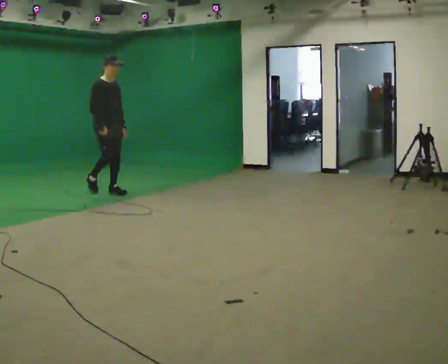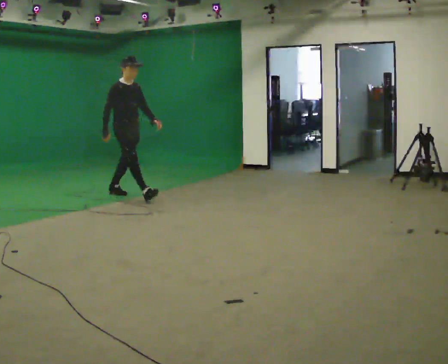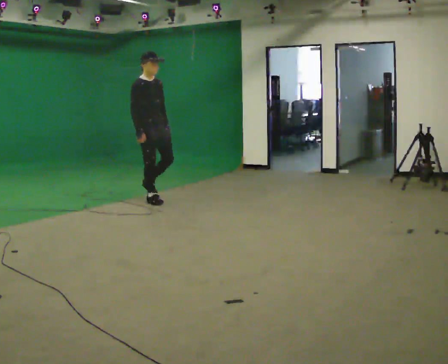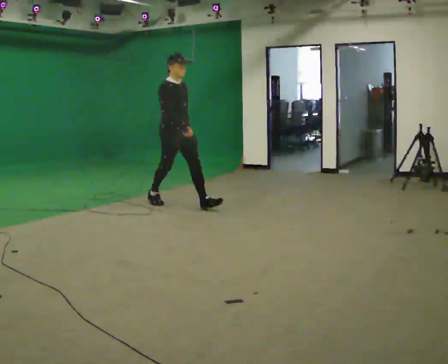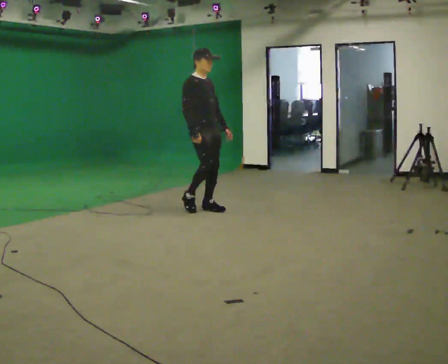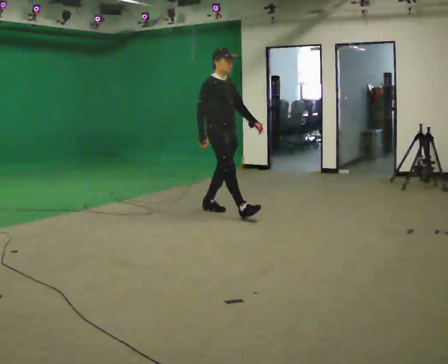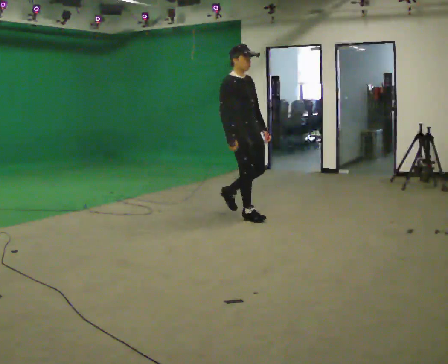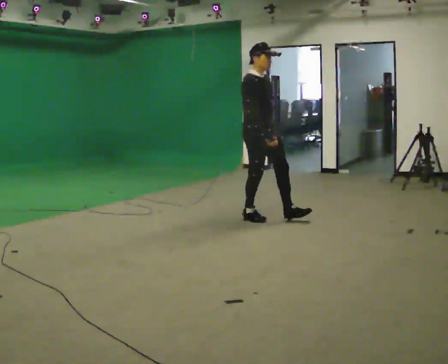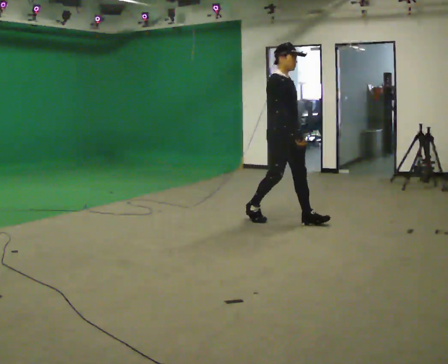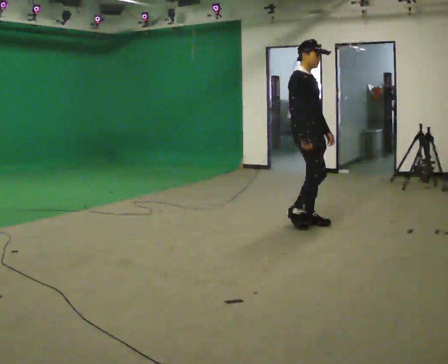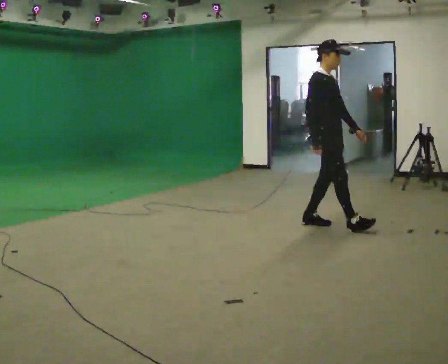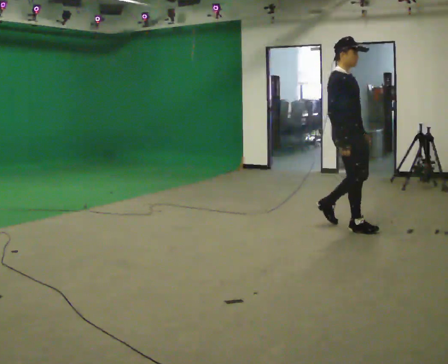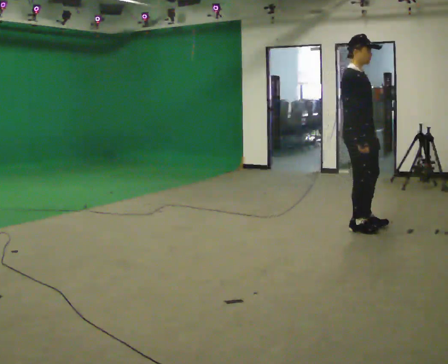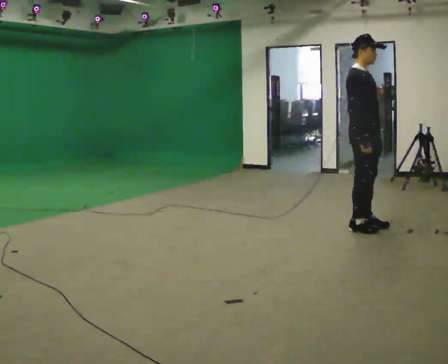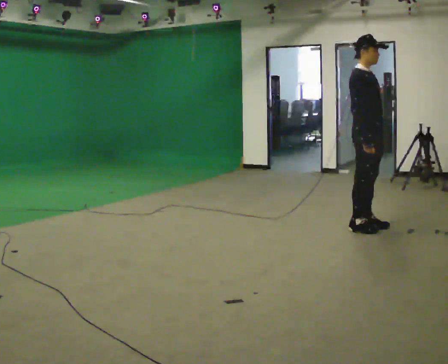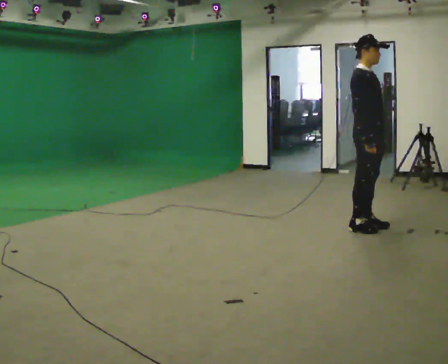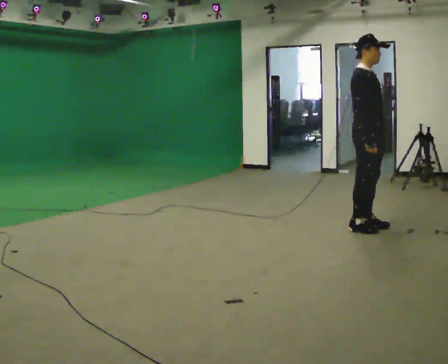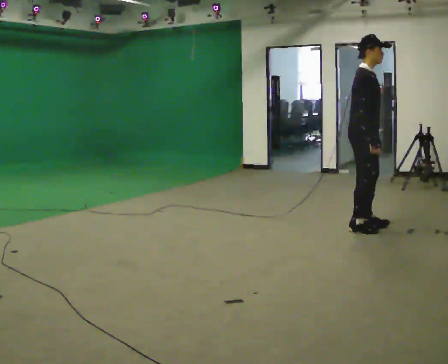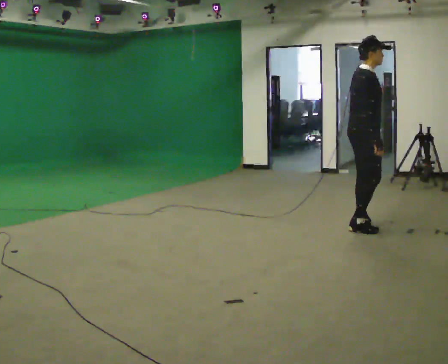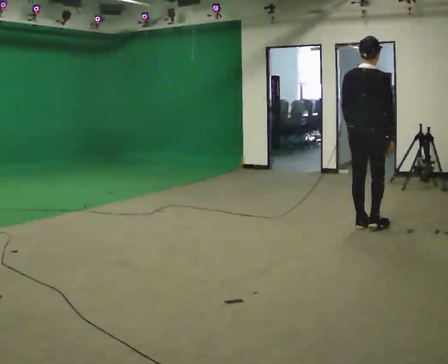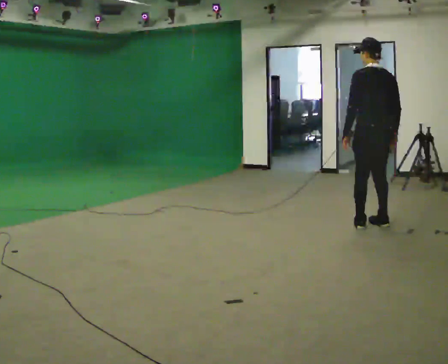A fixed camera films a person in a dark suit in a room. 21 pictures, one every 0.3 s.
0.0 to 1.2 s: In the picture they go to the right and toward the camera, about 1.5 m in 2 steps, which for them is forward.
1.2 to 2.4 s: In the picture they go to the right and toward the camera, about 1 m in 2 steps, which for them is forward.
2.4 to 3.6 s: In the picture they go to the right, about 0.5 m in 2 steps, which for them is forward.
3.6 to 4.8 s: The person moves a little, or ends about where they began.
4.8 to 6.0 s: Seen from above the body turns counterclockwise, about 135 degrees: to their left, with its near side sliding to the right.
The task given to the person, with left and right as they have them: Start at normal speed; gradually slow over several steps; stop gently.
The film runs forward here.
